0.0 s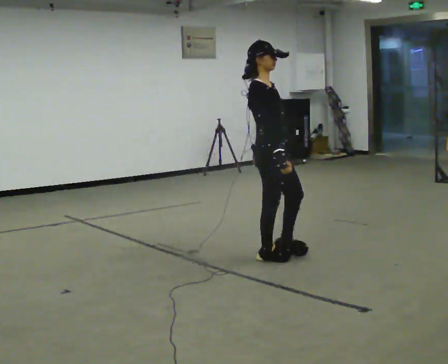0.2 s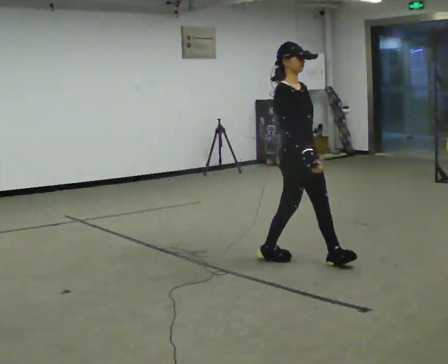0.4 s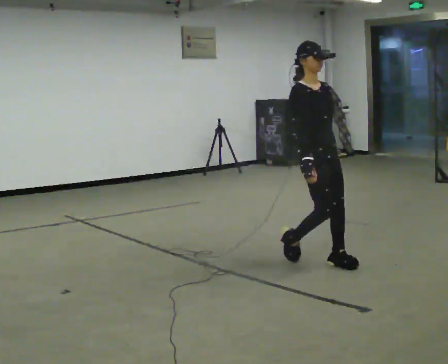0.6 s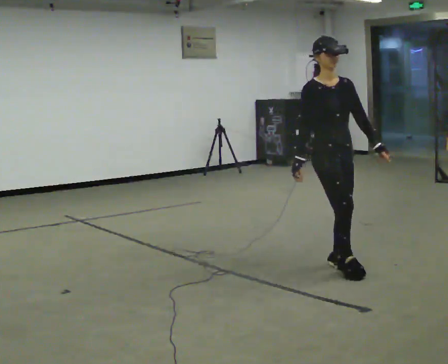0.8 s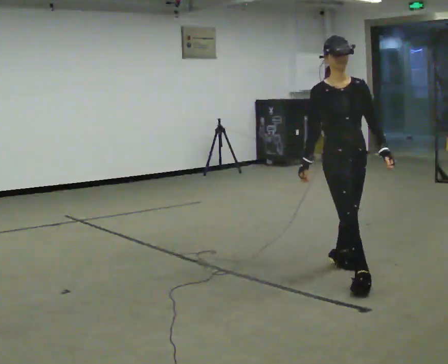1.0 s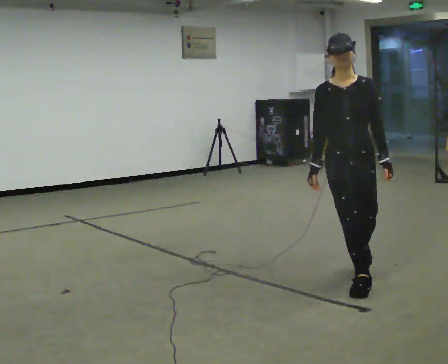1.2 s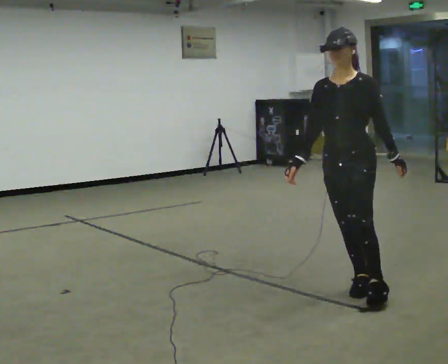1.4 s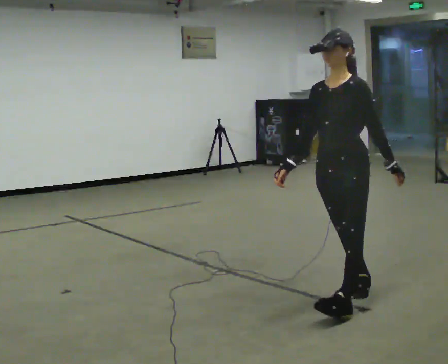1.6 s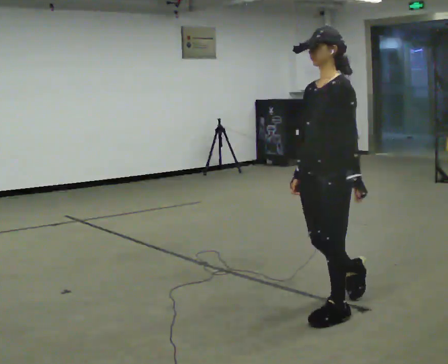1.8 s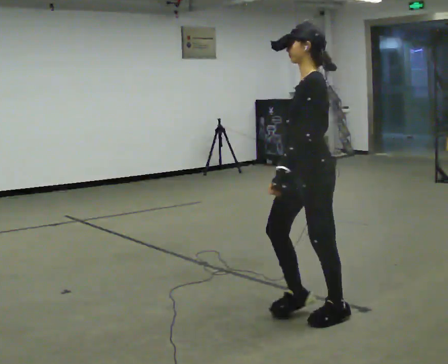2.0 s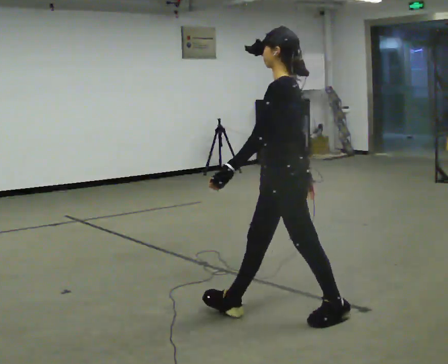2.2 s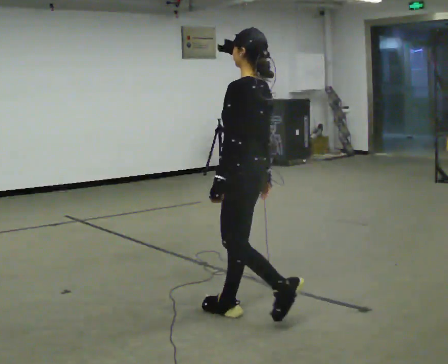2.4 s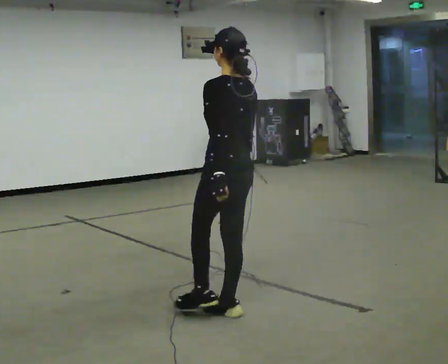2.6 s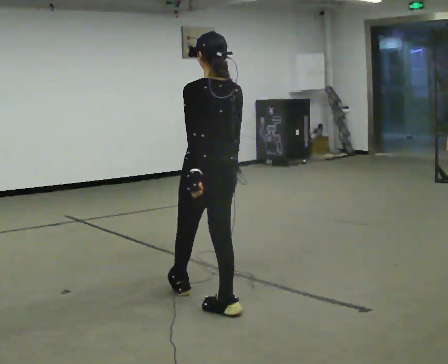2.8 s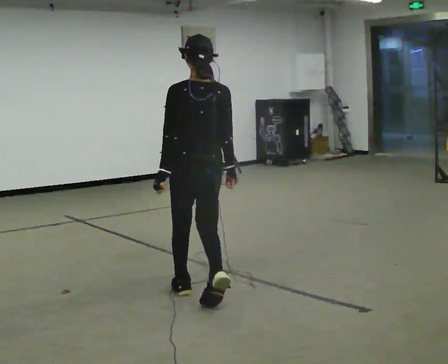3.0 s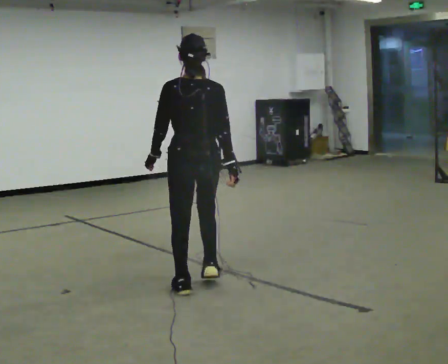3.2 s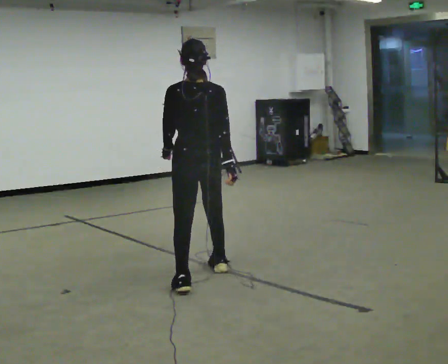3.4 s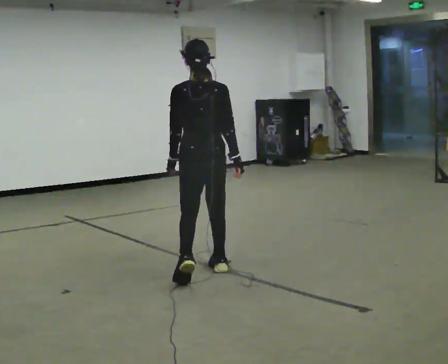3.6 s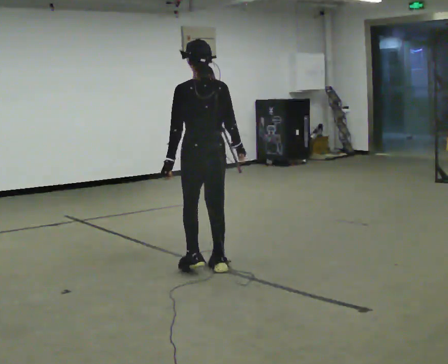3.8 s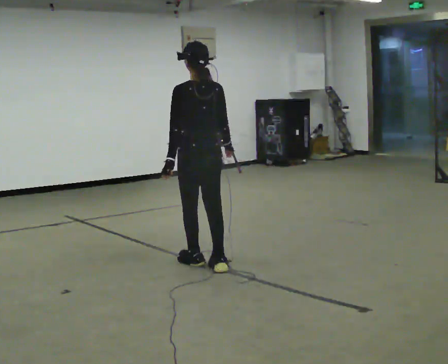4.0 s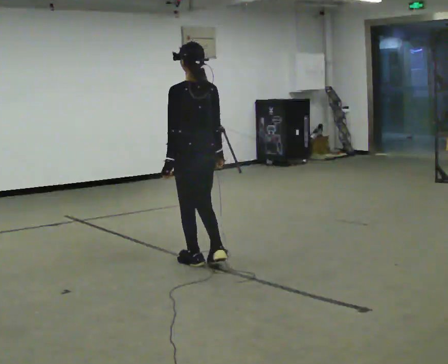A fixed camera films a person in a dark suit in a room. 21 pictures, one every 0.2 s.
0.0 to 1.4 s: The person turns about 120 degrees to their right, clockwise seen from above, so the part of the body nearest the lens slides to the left. In the picture they go toward the camera, about 1 m in 2 steps.
1.4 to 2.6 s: The part of the body nearest the lens slides to the left as the person turns to their right by about 105 degrees. In the picture they go to the left, about 1 m in 2 steps.
2.6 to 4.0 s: In the picture they go away from the camera, about 1 m in 3 steps, which for them is forward.
The film runs forward here.
